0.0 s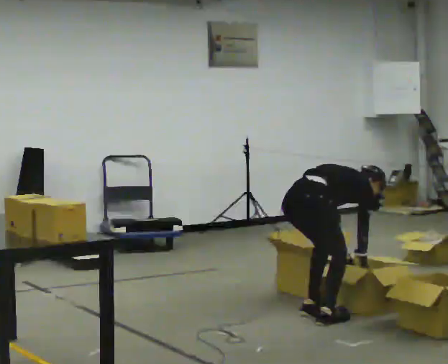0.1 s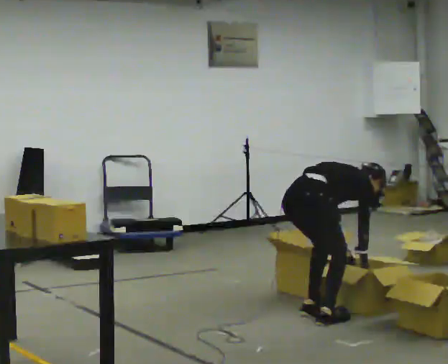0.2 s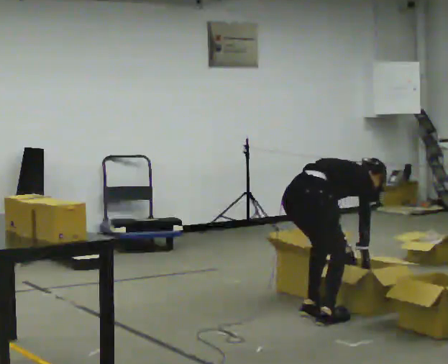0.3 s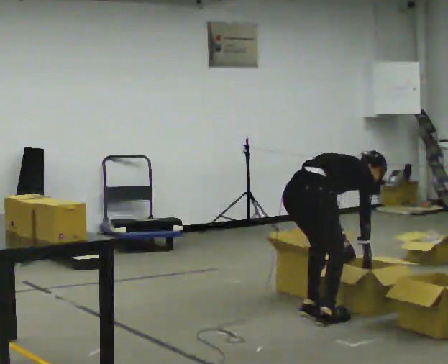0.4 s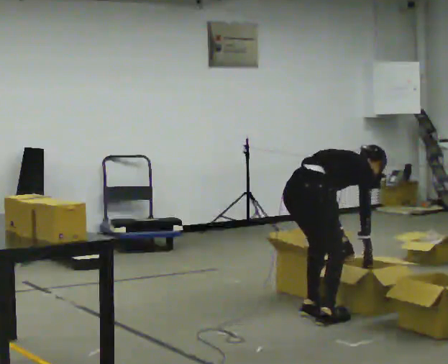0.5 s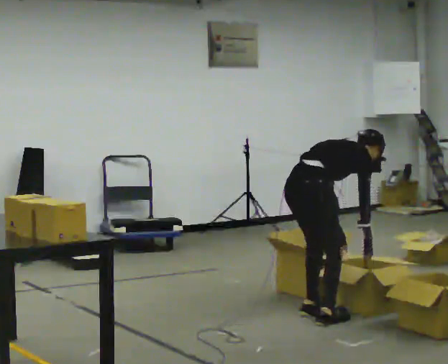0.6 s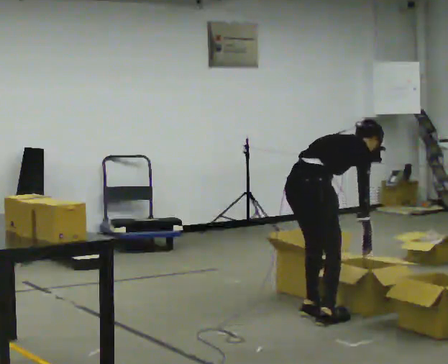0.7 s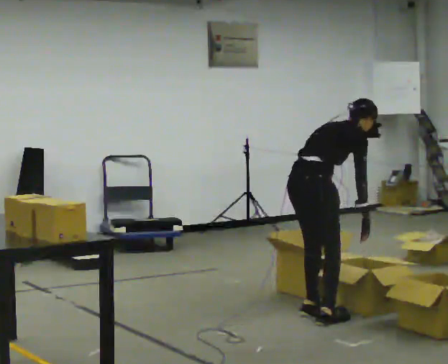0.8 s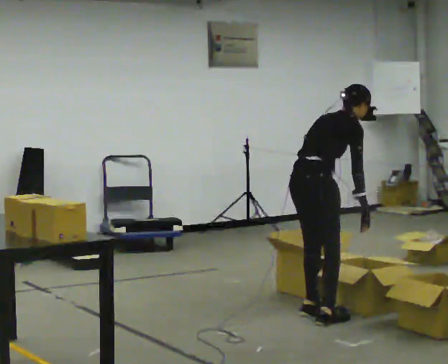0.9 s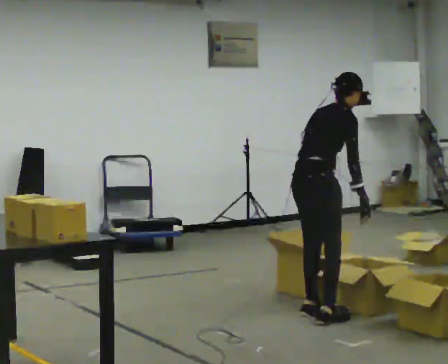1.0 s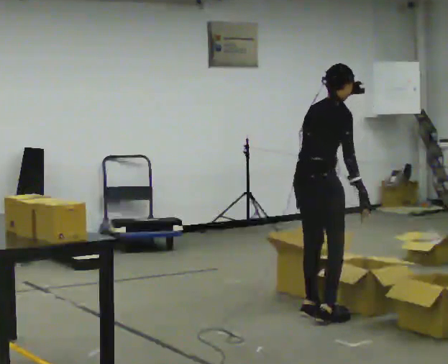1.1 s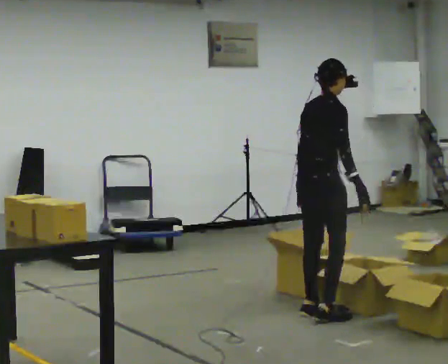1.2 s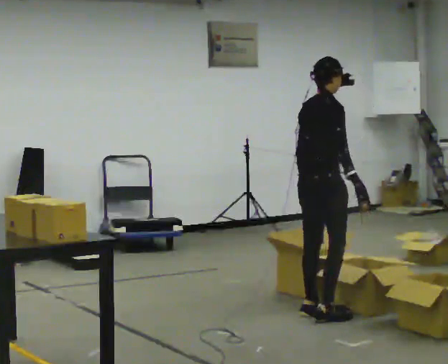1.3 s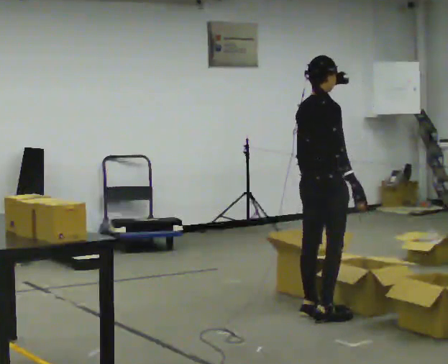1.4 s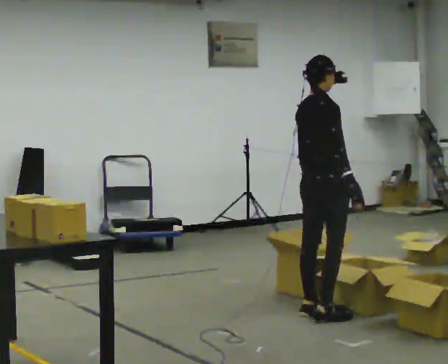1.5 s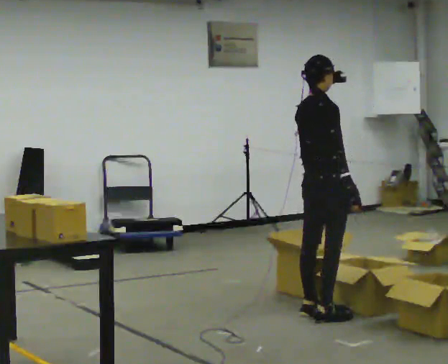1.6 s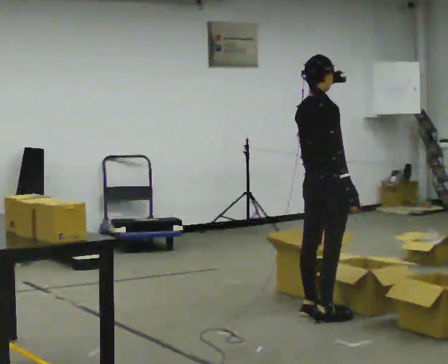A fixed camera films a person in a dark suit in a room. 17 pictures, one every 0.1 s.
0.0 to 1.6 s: The shoulders move upward. In the picture the upper body tilts counterclockwise, shoulders to the left, as they lean back or straighten. In the picture their right hand goes upward.
The film runs forward here.
